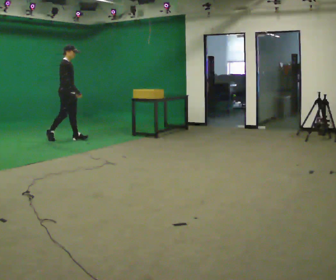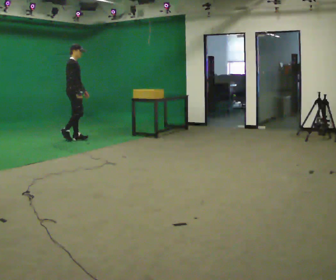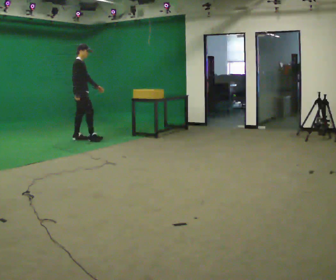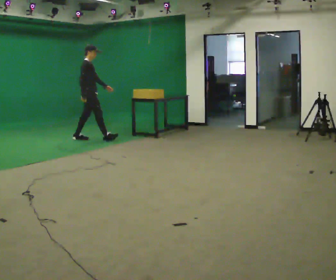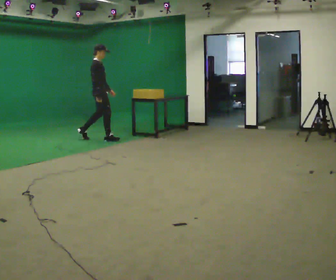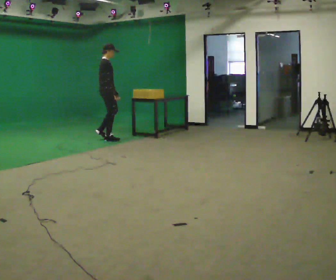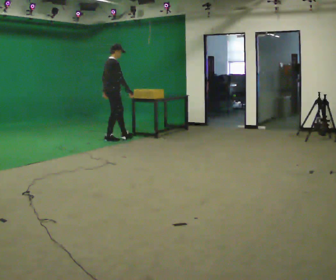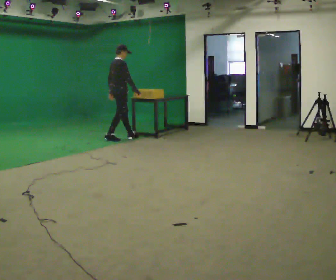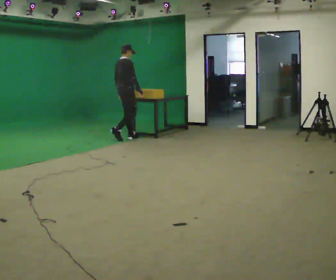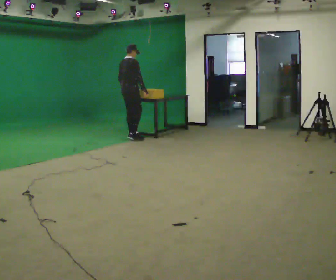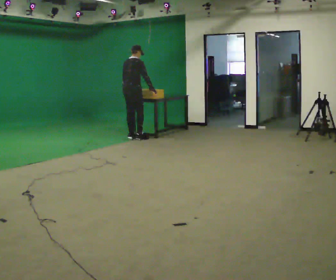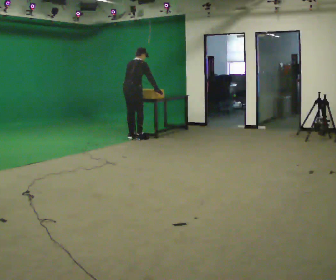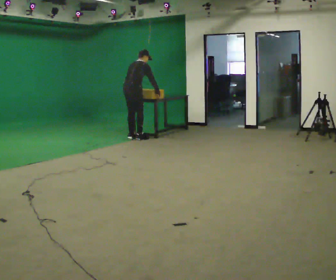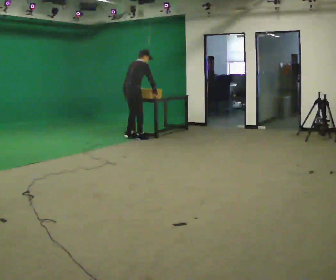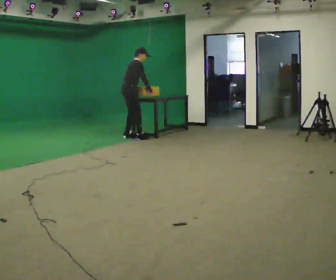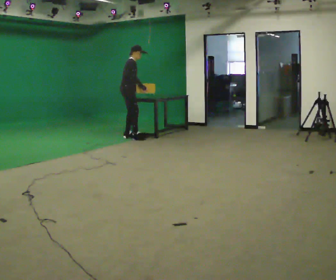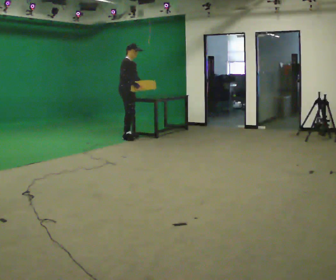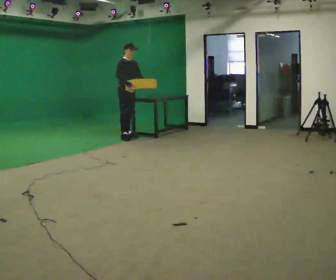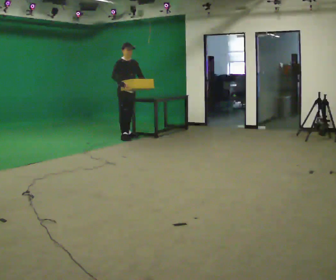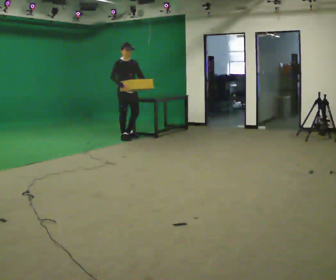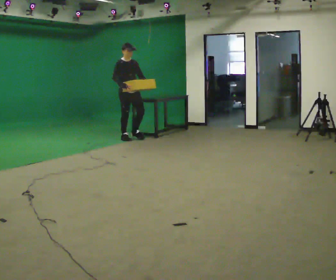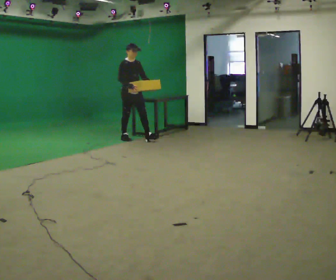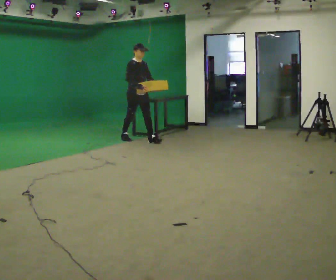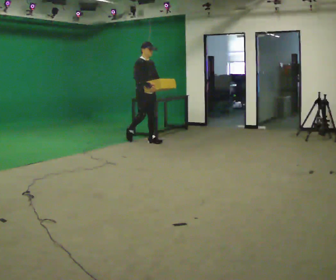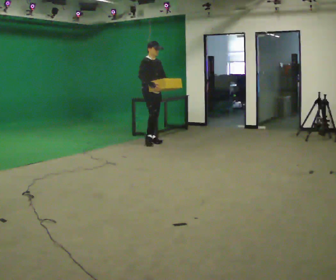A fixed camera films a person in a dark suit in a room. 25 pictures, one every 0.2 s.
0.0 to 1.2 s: The person turns about 30 degrees to their left, counterclockwise seen from above, so the part of the body nearest the lens slides to the right. In the picture they go to the right, about 1 m in 1 step, which for them is forward.
1.2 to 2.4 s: The part of the body nearest the lens slides to the right as the person turns to their left by about 30 degrees. In the picture they go to the right, about 0.25 m in 2 steps, which for them is forward and to their right. The upper body tips away from the camera, its near side rolling upward, as they bend forward.
2.4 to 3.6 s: The part of the body nearest the lens slides to the left as the person turns to their right by about 105 degrees. In the picture they go to the left, about 0.25 m in 2 steps. The upper body tips toward the camera, its near side rolling downward, as they lean back or straighten.
3.6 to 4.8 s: In the picture they go to the right and toward the camera, about 0.75 m in 1 step, which for them is forward.
The film runs forward here.
